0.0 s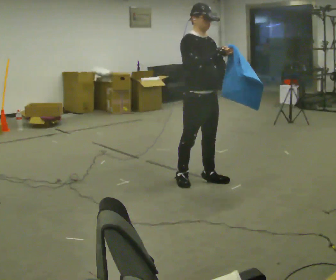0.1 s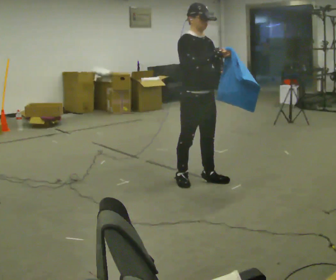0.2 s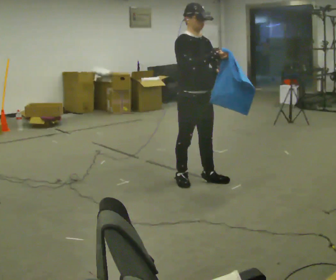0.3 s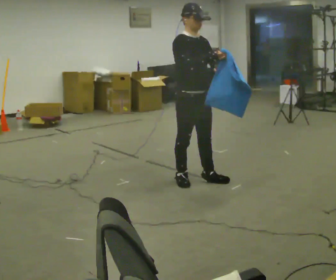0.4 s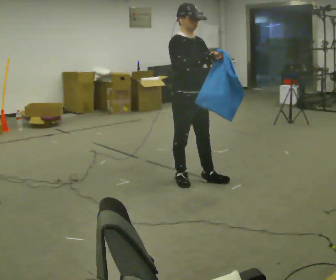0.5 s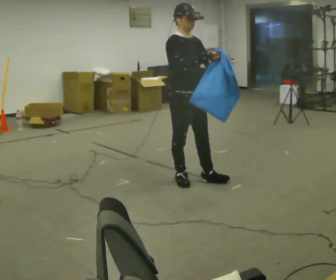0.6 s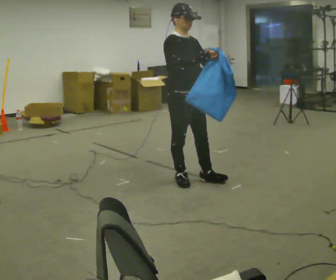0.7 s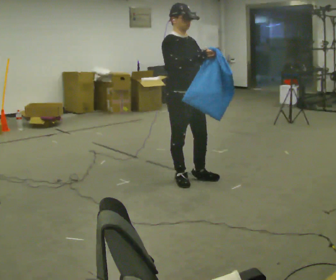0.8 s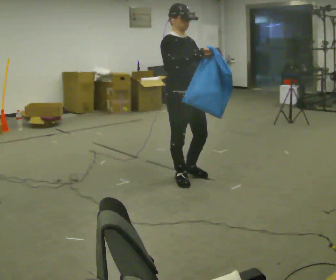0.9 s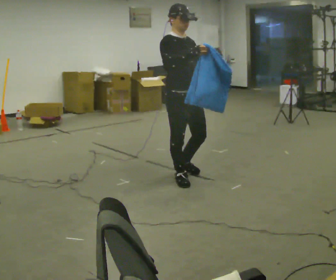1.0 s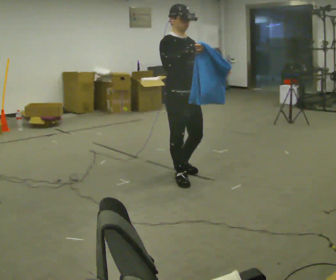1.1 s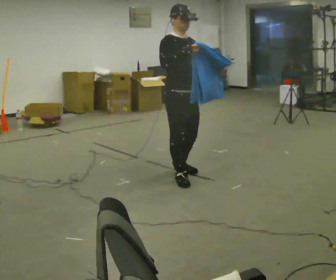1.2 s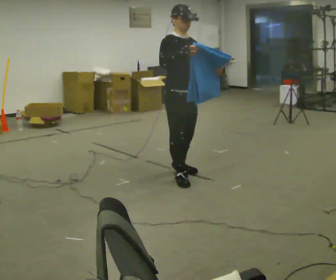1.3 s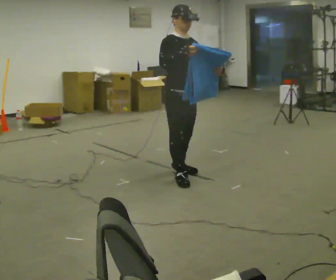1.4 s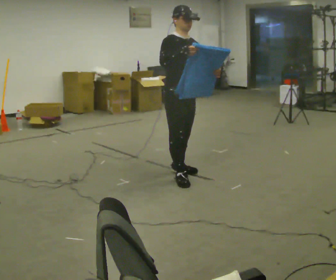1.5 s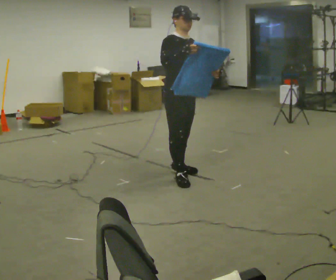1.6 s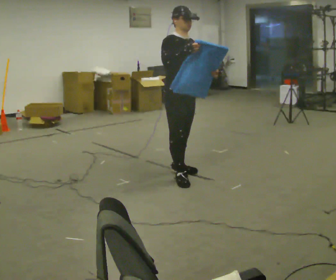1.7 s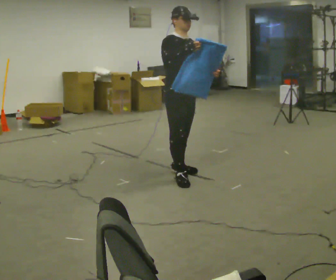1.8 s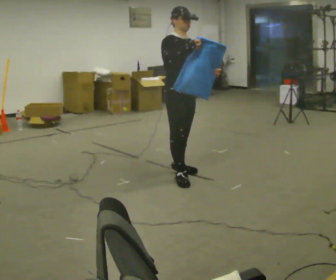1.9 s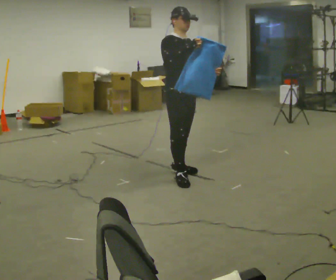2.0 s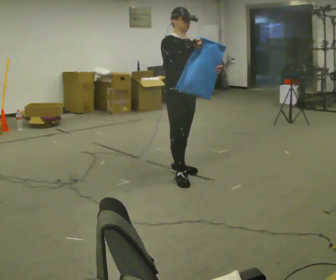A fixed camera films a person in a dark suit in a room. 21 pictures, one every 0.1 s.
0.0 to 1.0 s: In the picture they go to the left, about 0.25 m in 1 step, which for them is backward.
1.0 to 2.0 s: In the picture they go away from the camera, about 0.25 m, which for them is backward and to their left.
The film runs backward here.
